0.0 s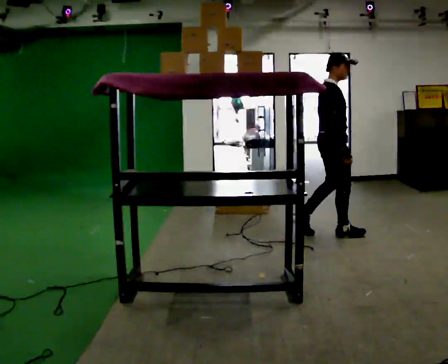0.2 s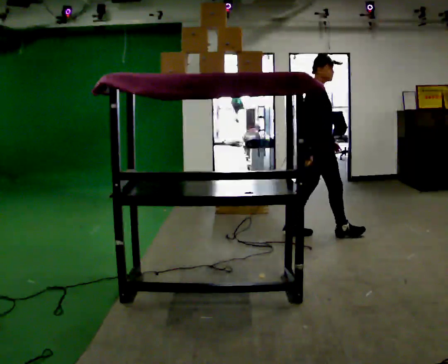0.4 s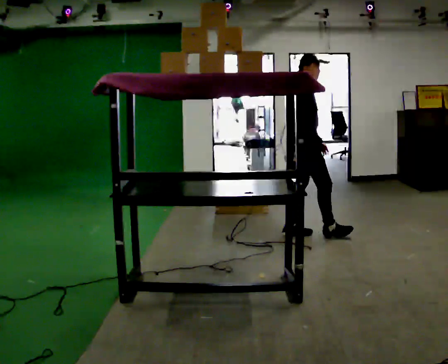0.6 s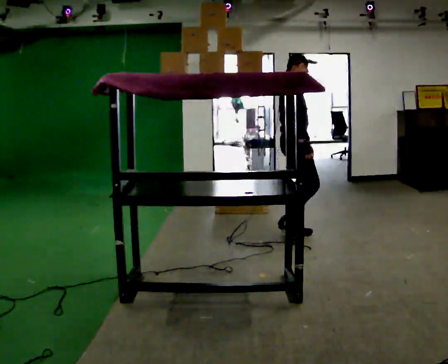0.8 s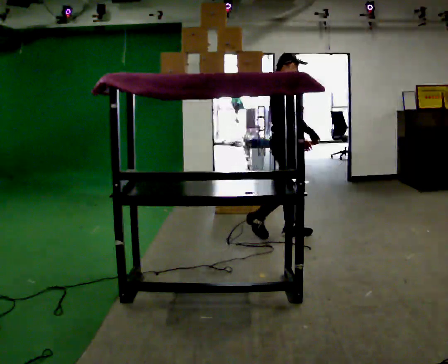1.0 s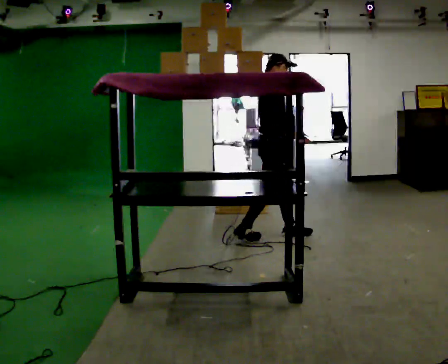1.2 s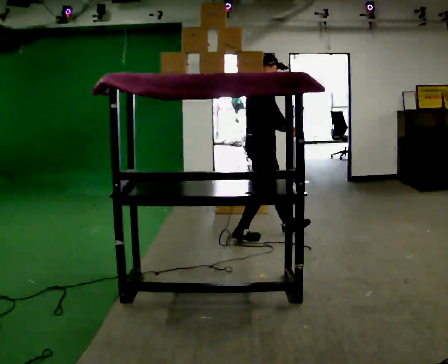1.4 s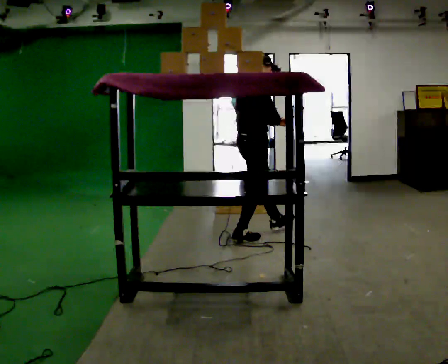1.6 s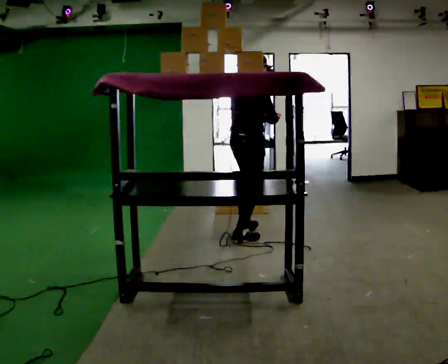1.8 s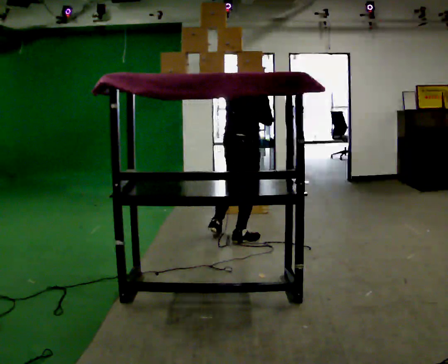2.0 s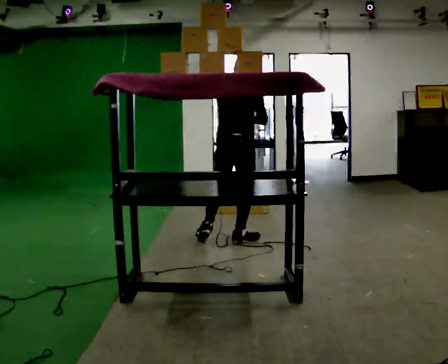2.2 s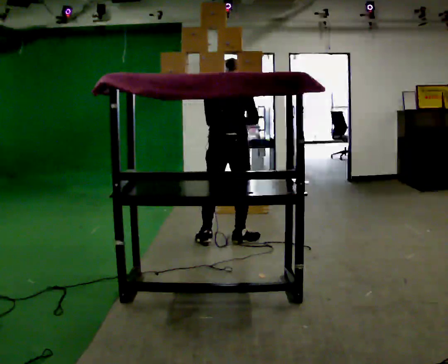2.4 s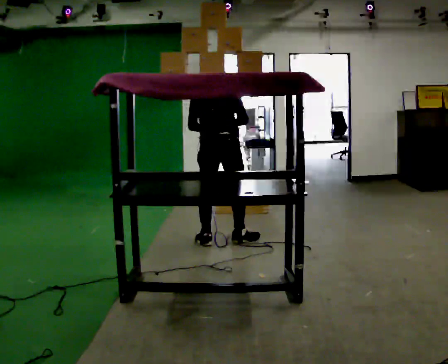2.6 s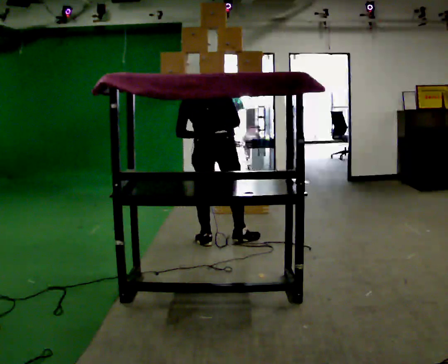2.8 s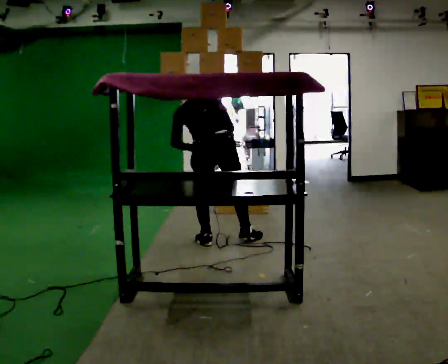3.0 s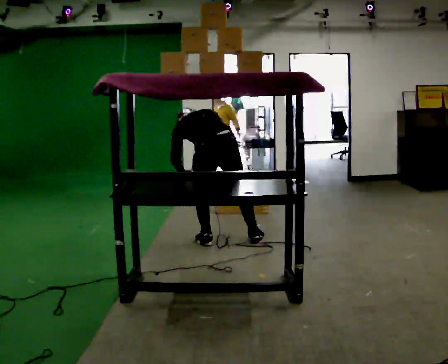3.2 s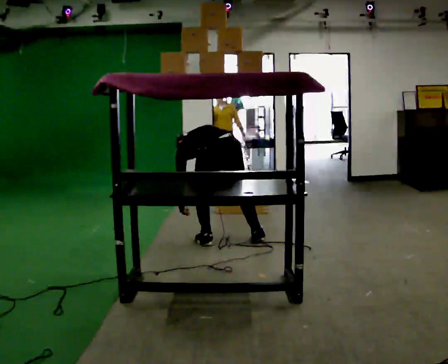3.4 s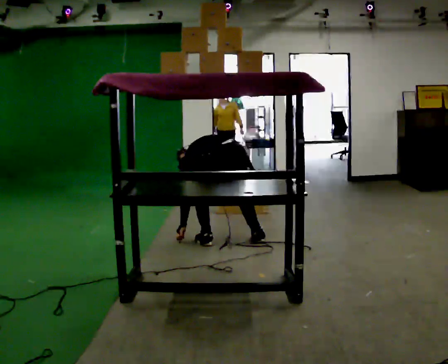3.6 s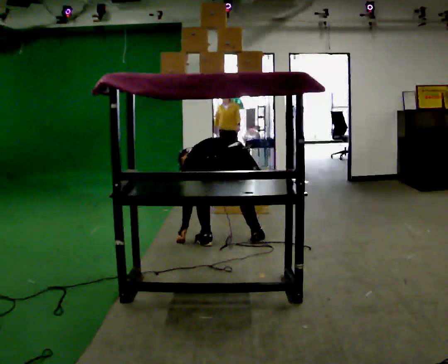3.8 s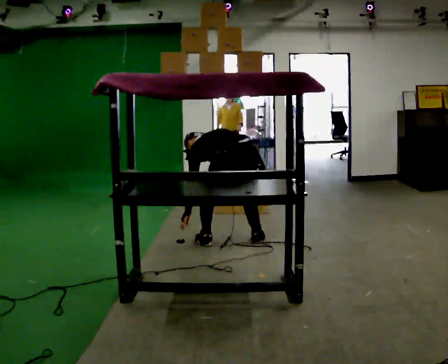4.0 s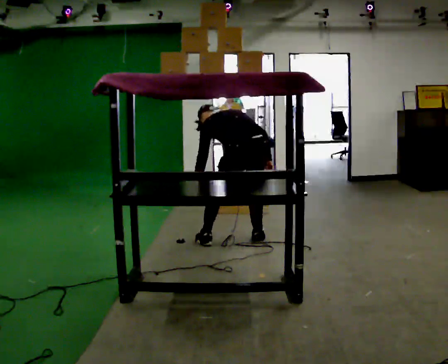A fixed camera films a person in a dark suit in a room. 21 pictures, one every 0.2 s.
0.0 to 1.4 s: In the picture they go to the left, about 0.5 m in 2 steps, which for them is backward.
1.4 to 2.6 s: The person turns about 75 degrees to their left, counterclockwise seen from above, so the part of the body nearest the lens slides to the right. In the picture they go to the left, about 0.25 m. The upper body tips away from the camera, its near side rolling upward, as they bend forward.
2.6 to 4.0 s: The part of the body nearest the lens slides to the right as the person turns to their left by about 30 degrees. In the picture they go to the right, about 0.25 m in 1 step, which for them is to their right and backward. In the picture their left hand goes downward.
The film runs backward here.
